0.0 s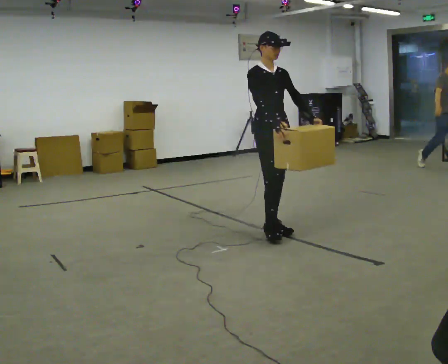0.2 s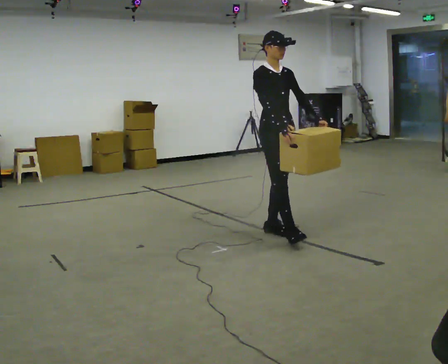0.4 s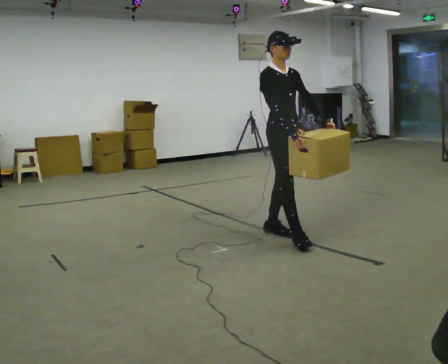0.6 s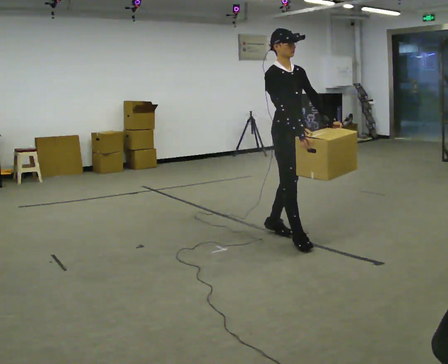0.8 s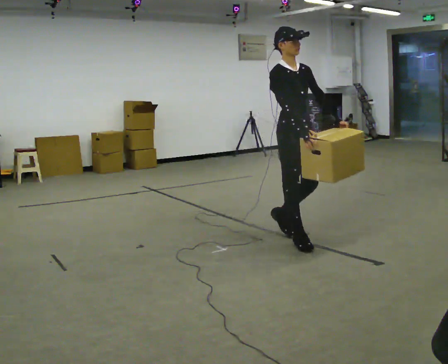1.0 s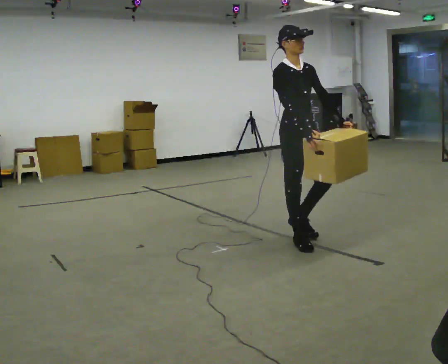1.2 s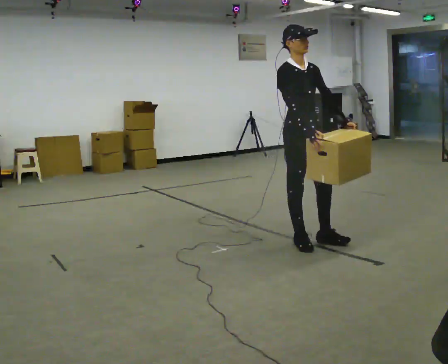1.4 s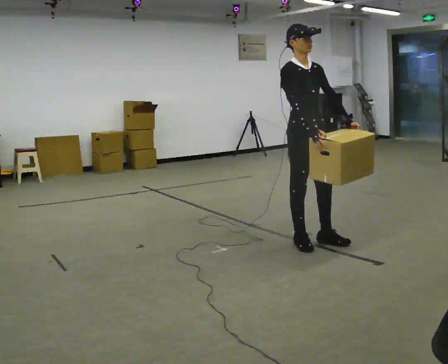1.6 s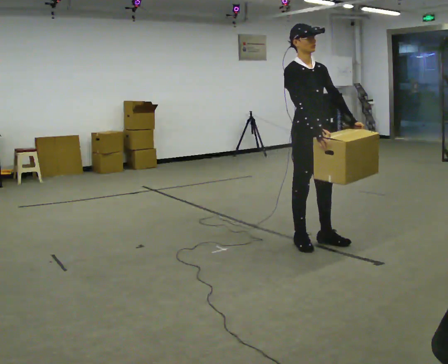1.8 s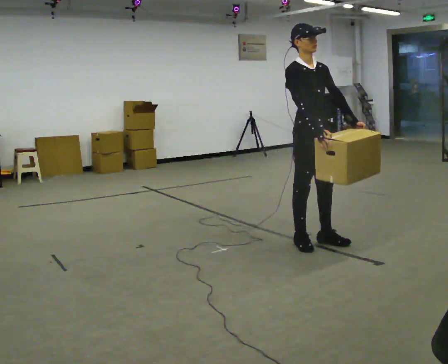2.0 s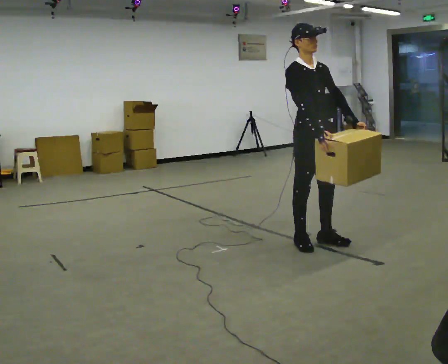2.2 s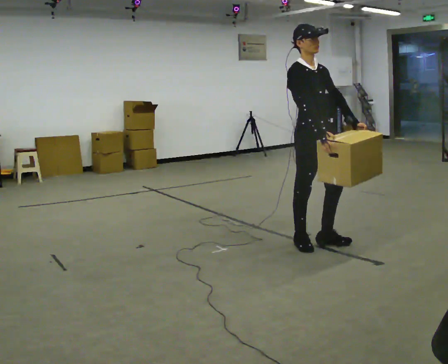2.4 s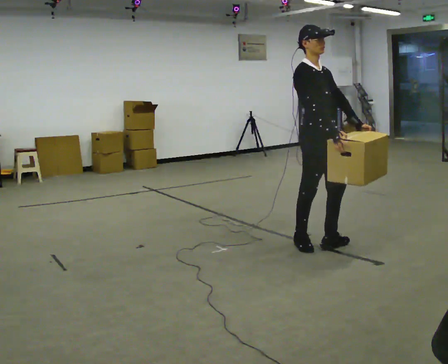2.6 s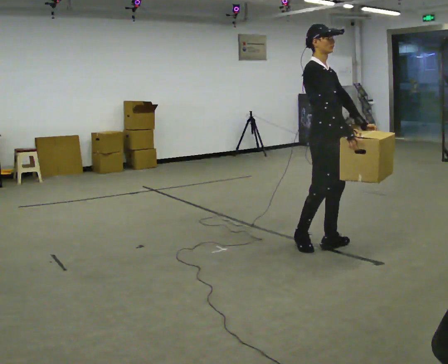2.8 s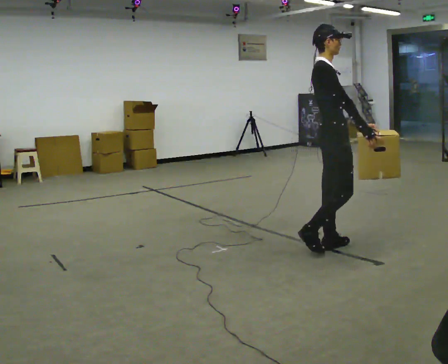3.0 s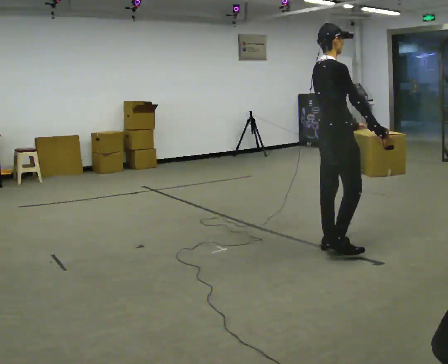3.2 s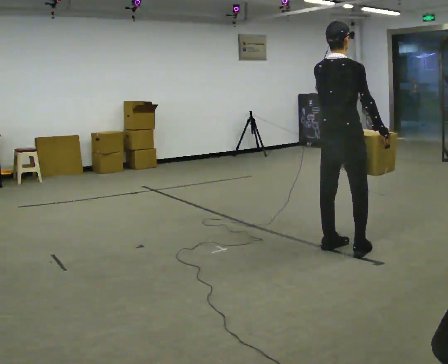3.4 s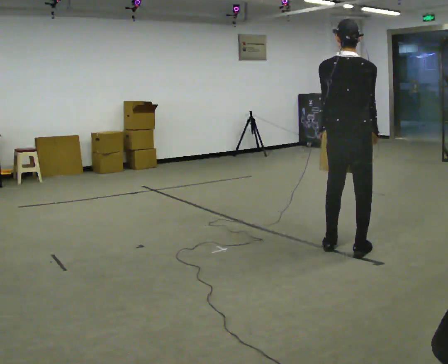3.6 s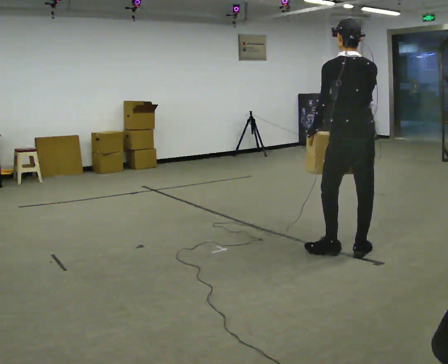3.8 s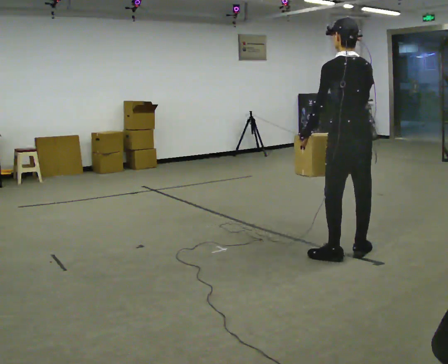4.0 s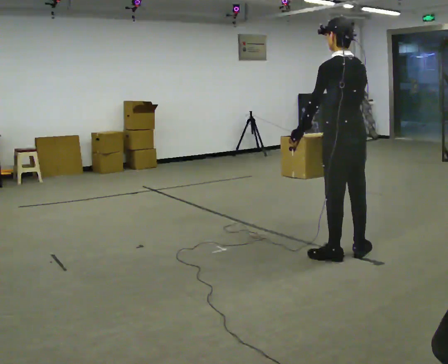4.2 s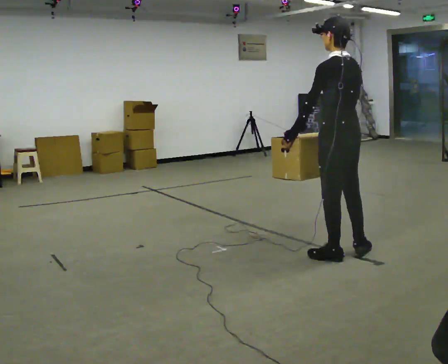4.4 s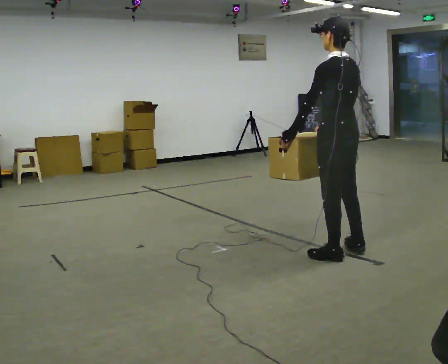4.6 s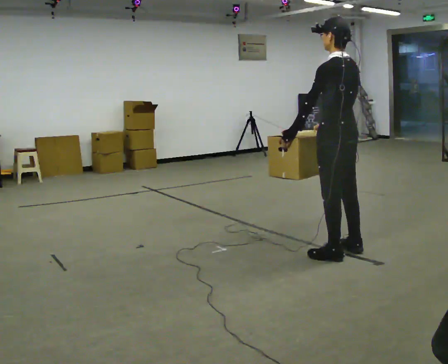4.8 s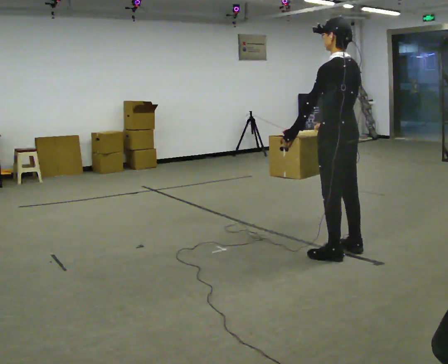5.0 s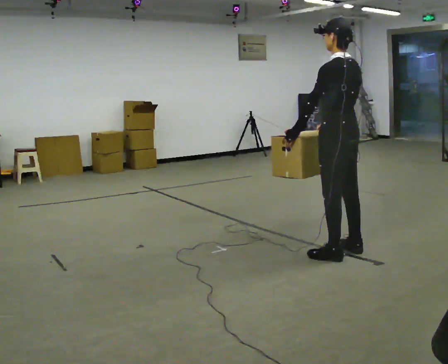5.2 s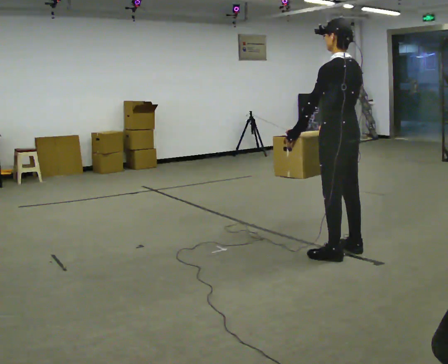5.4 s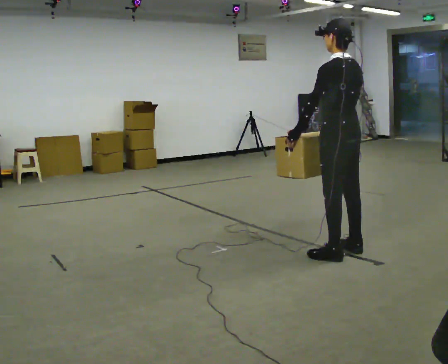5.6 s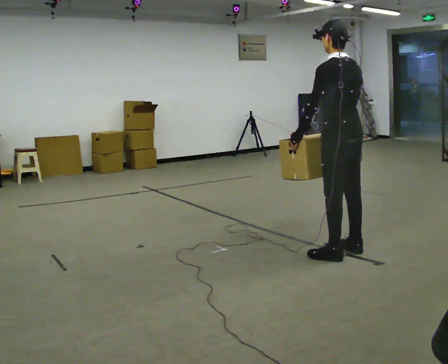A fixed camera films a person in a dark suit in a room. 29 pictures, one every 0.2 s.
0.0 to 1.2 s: In the picture they go toward the camera and to the right, about 0.5 m in 1 step, which for them is forward.
1.2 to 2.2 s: The person moves a little, or ends about where they began.
2.2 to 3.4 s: The part of the body nearest the lens slides to the right as the person turns to their left by about 120 degrees. In the picture they go to the right and toward the camera, about 0.25 m in 2 steps.
3.4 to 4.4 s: The part of the body nearest the lens slides to the right as the person turns to their left by about 45 degrees. In the picture their right hand goes to the left.
4.4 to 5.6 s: The person moves a little, or ends about where they began.
The film runs forward here.
